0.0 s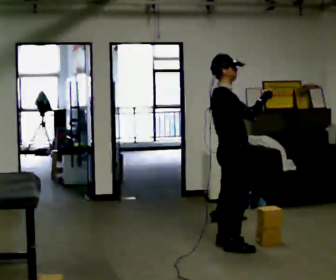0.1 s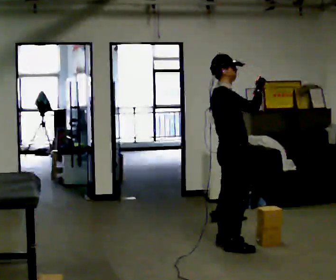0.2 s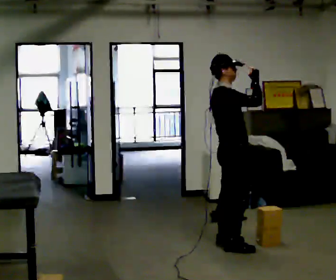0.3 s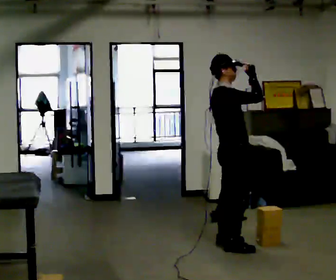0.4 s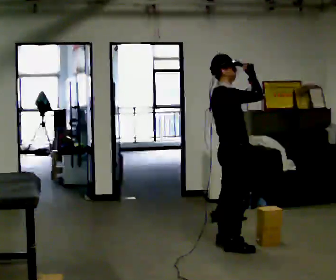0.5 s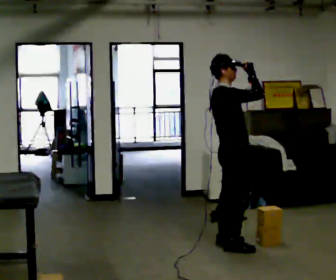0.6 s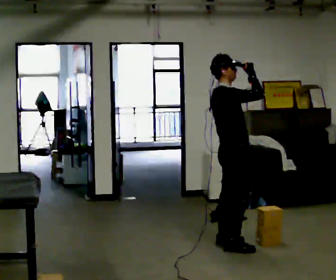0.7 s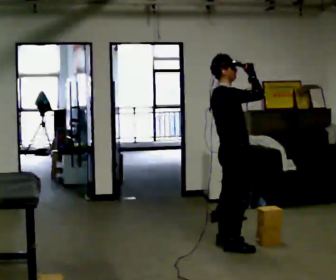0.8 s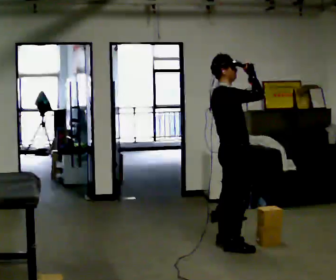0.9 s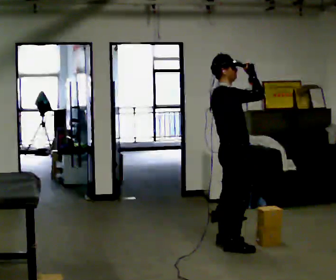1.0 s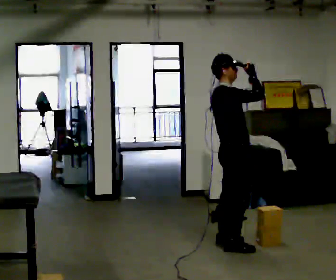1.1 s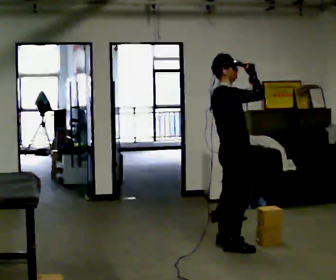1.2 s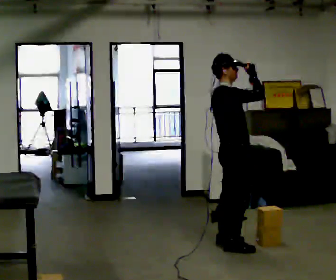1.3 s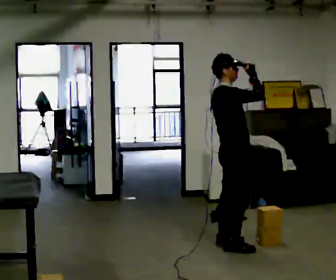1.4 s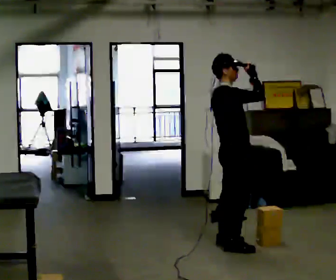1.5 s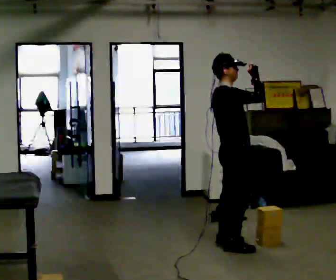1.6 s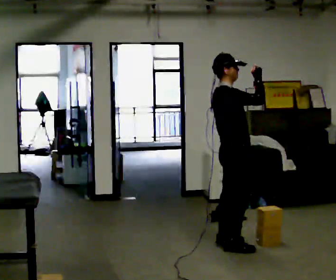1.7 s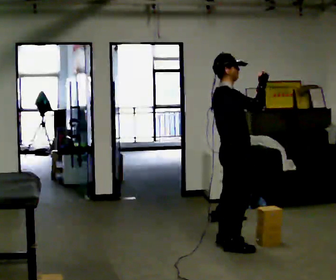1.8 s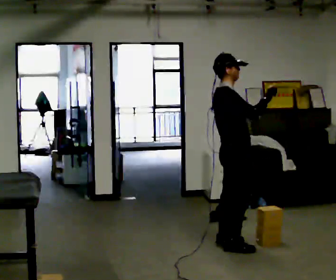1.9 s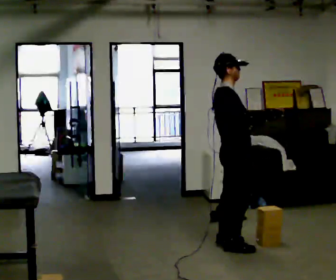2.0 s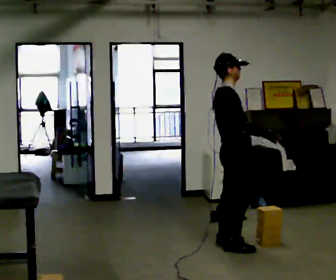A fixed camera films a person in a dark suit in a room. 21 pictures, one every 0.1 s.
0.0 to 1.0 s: The person moves a little, or ends about where they began.
1.0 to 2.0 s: In the picture their right hand goes downward, the arm swinging clockwise.
The film runs backward here.
